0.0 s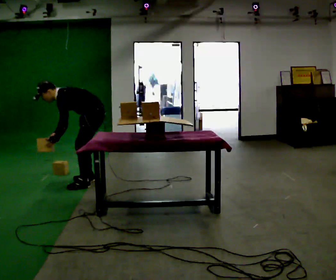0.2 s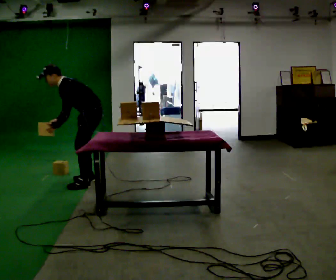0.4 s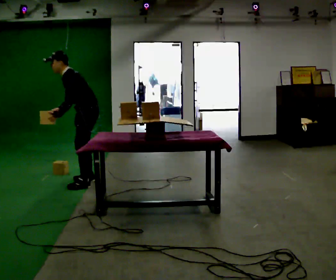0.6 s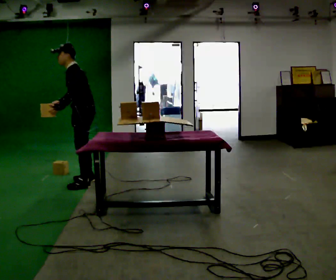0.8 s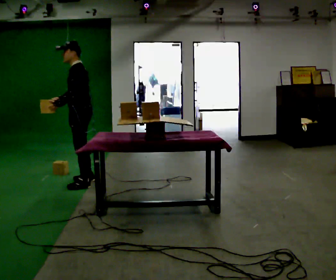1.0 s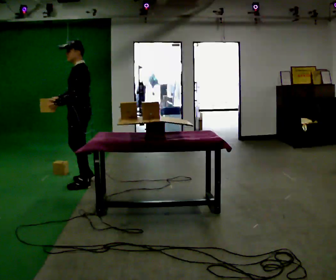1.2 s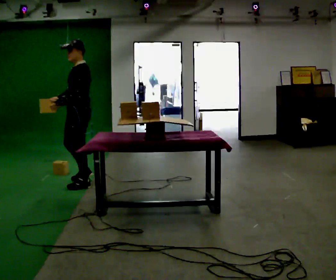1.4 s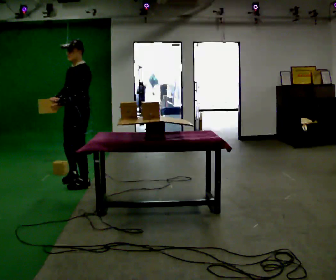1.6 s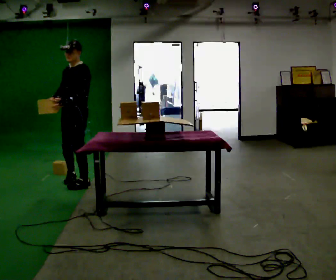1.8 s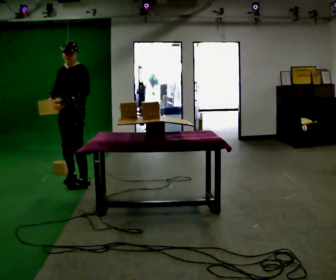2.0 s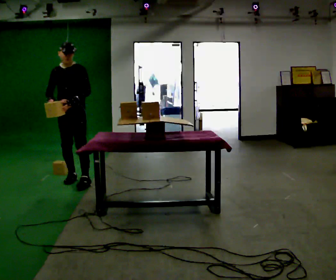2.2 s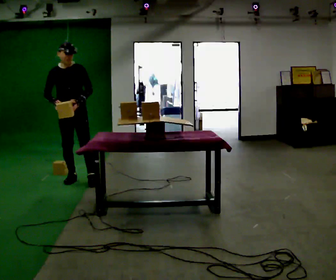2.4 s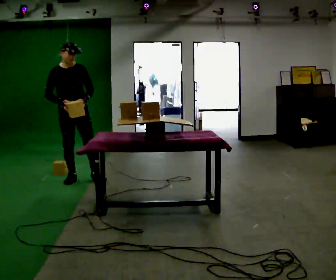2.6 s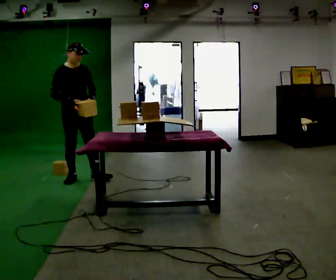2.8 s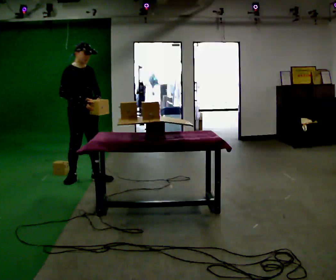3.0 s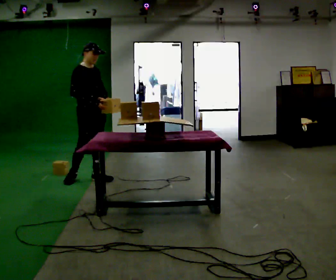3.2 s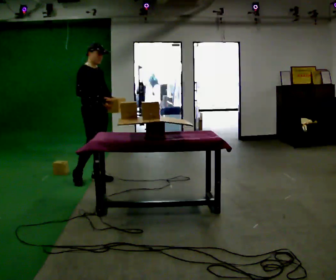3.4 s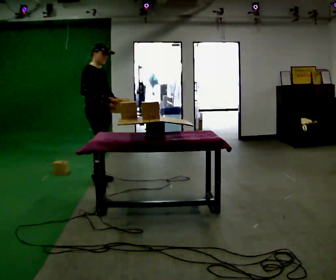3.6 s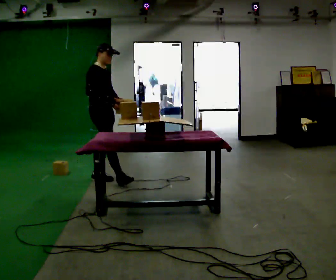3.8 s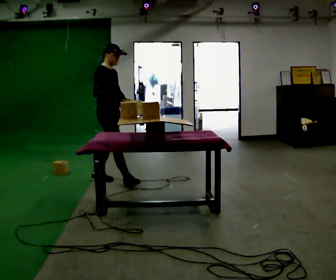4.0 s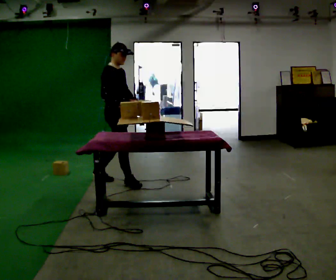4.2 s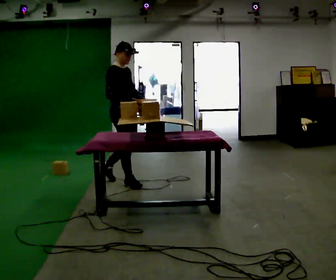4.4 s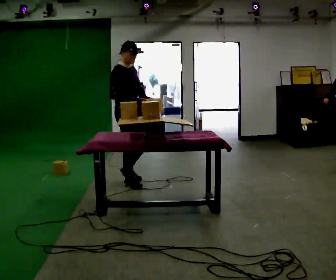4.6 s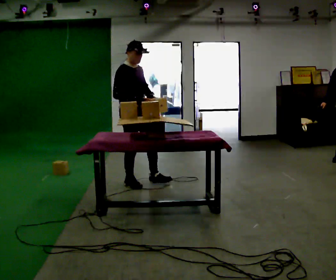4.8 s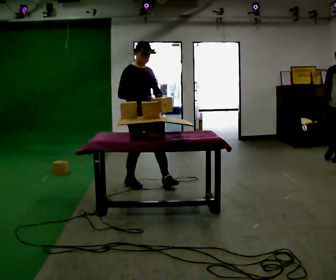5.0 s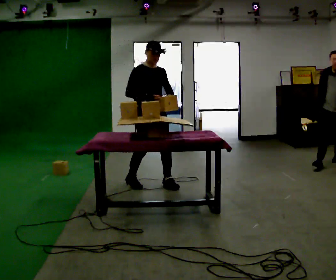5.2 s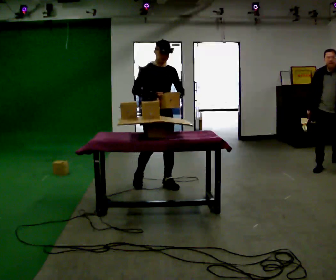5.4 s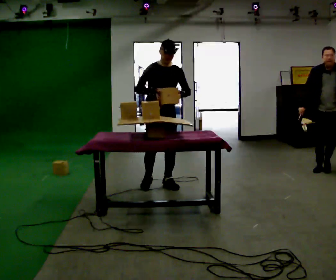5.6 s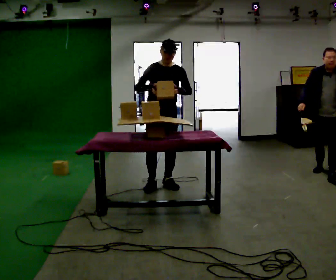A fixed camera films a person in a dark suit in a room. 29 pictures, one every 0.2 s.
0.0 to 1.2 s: In the picture they go to the left, about 0.25 m, which for them is forward. The shoulders move upward. In the picture the upper body tilts clockwise, shoulders to the right, as they lean back or straighten. In the picture their right hand goes upward.
1.2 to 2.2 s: The person turns about 75 degrees to their left, counterclockwise seen from above, so the part of the body nearest the lens slides to the right. In the picture they go away from the camera, about 0.25 m in 1 step.
2.2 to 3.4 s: Seen from above the body turns counterclockwise, about 60 degrees: to their left, with its near side sliding to the right. In the picture they go to the right, about 0.25 m in 1 step.
3.4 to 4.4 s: In the picture they go to the right and toward the camera, about 0.5 m in 1 step, which for them is forward.
4.4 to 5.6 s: The part of the body nearest the lens slides to the left as the person turns to their right by about 60 degrees. In the picture they go to the right, about 0.5 m in 2 steps, which for them is to their left and forward.
The film runs forward here.
